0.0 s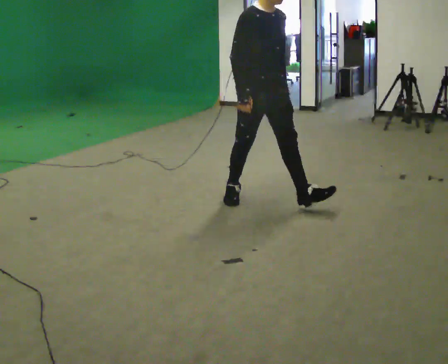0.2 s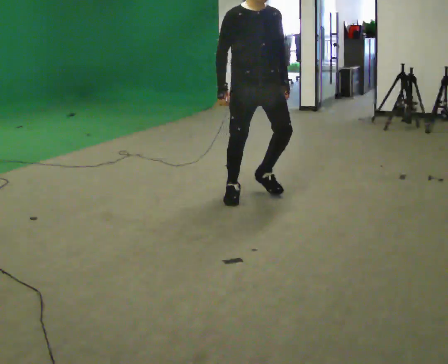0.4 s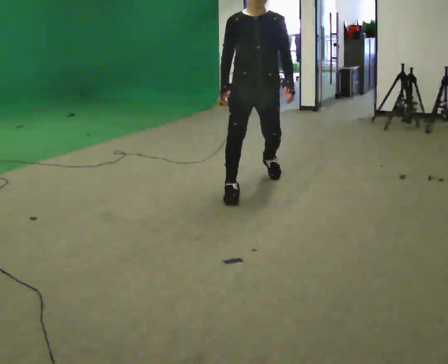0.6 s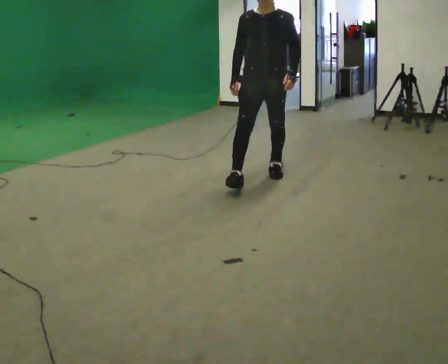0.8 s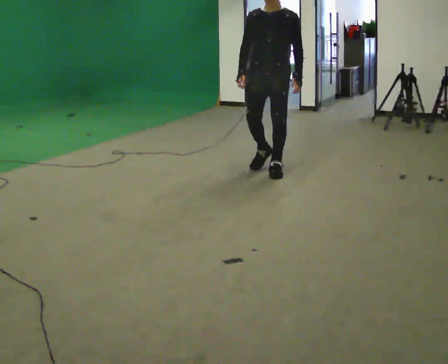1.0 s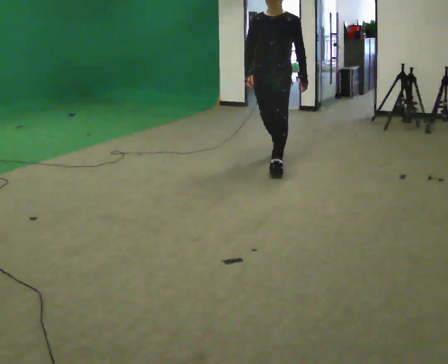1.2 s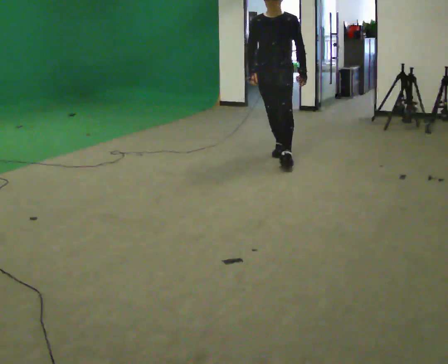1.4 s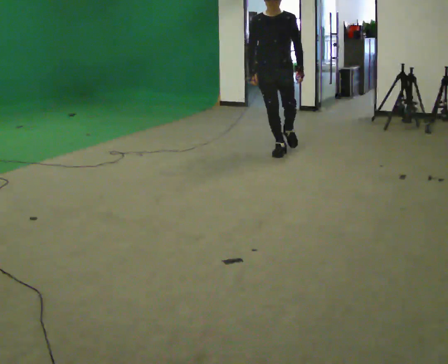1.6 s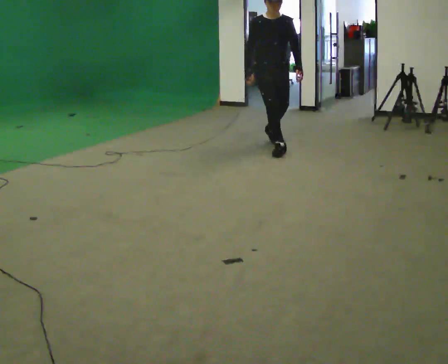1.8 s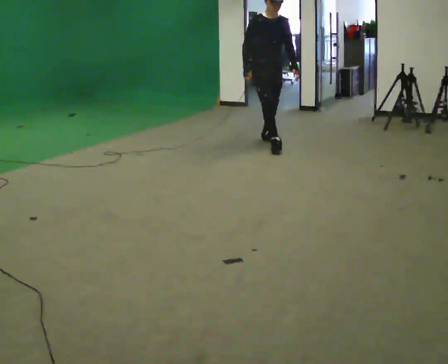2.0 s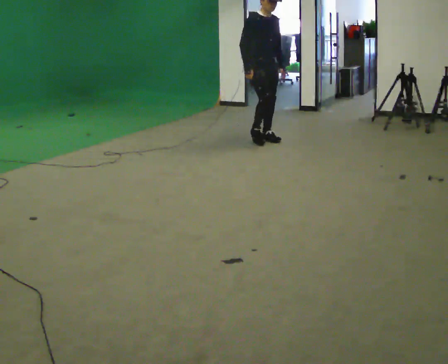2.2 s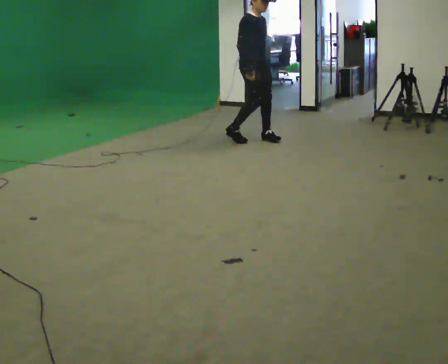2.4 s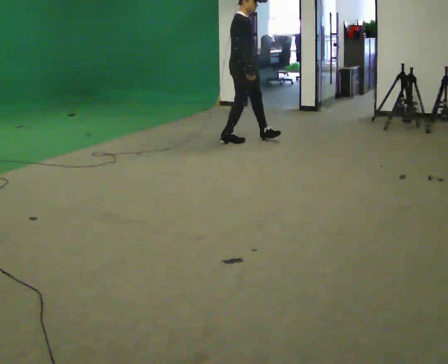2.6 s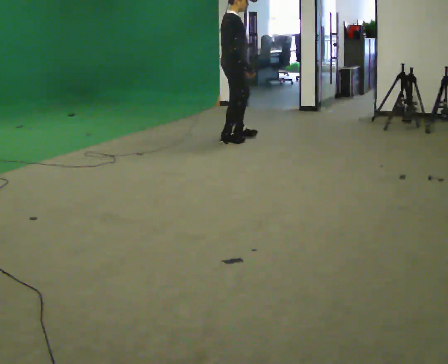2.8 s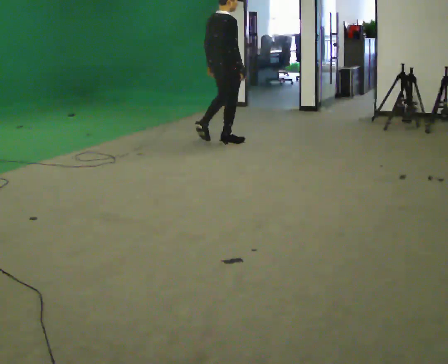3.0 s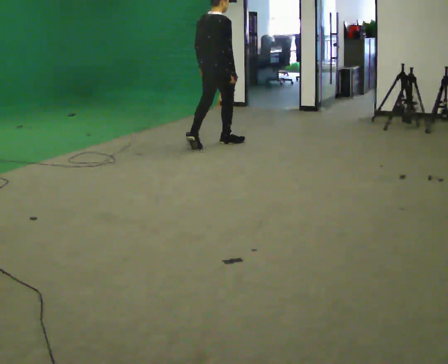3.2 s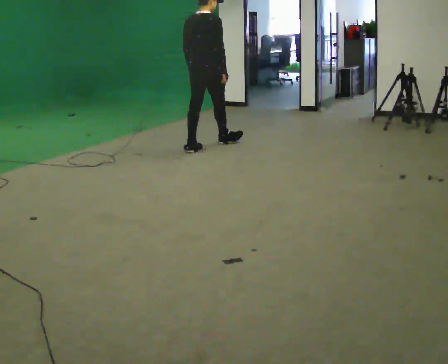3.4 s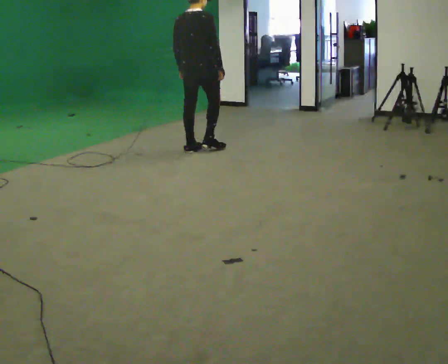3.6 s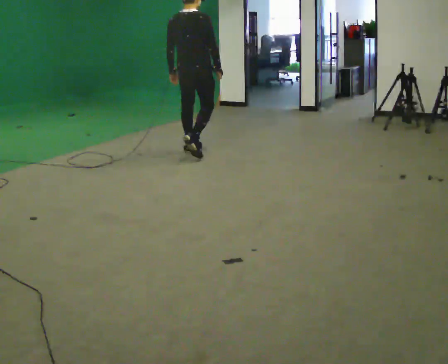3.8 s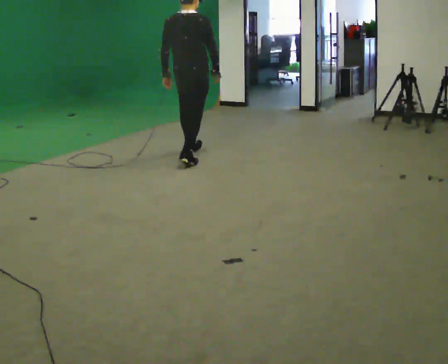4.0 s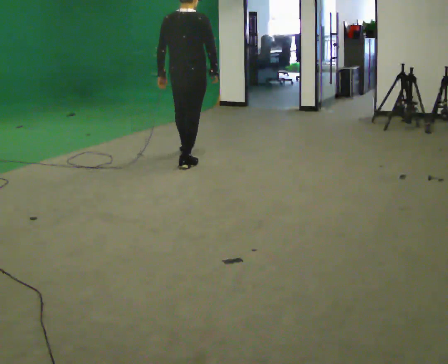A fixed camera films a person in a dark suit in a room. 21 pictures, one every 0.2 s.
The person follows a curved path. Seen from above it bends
counterclockwise.
0.0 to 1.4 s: The person turns about 45 degrees to their right, clockwise seen from above, so the part of the body nearest the lens slides to the left. In the picture they go away from the camera, about 1.5 m in 2 steps.
1.4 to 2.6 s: The part of the body nearest the lens slides to the right as the person turns to their left by about 105 degrees. In the picture they go to the left and away from the camera, about 0.5 m in 2 steps.
2.6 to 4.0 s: The part of the body nearest the lens slides to the right as the person turns to their left by about 75 degrees. In the picture they go toward the camera and to the left, about 1 m in 2 steps.
The film runs backward here.
